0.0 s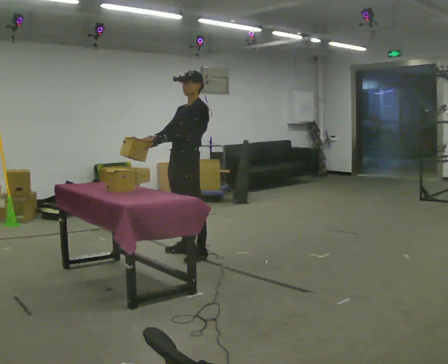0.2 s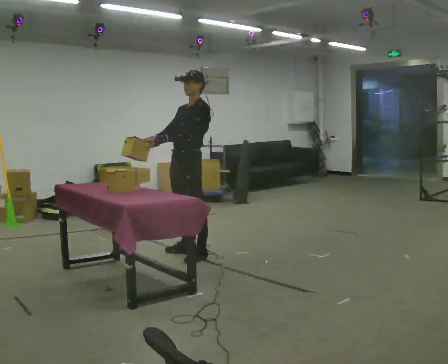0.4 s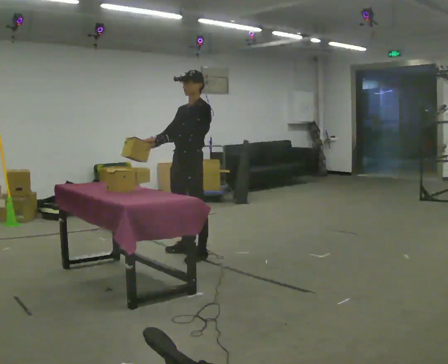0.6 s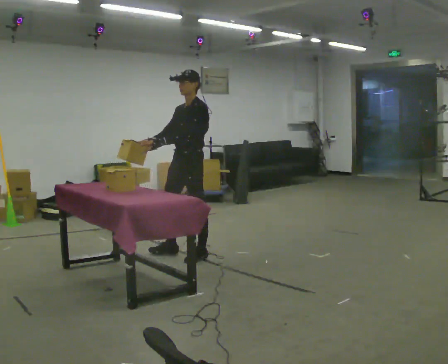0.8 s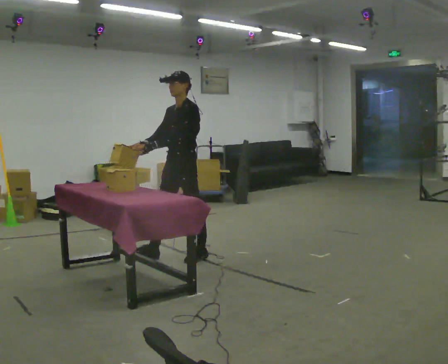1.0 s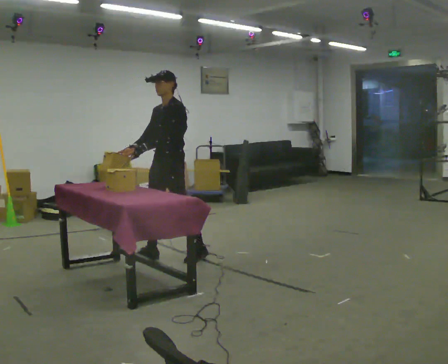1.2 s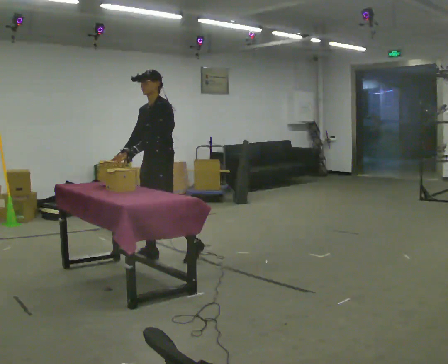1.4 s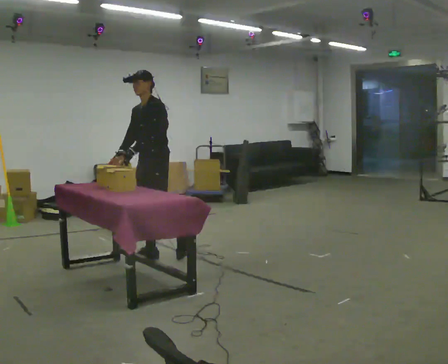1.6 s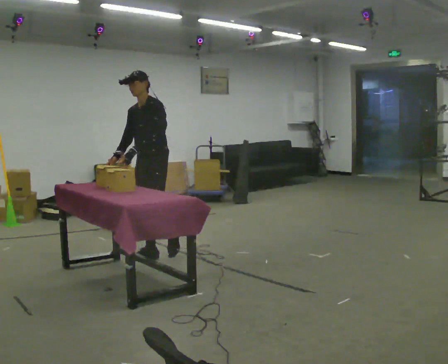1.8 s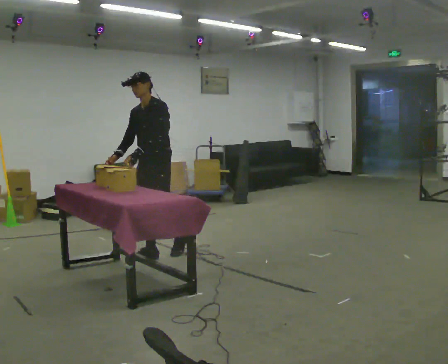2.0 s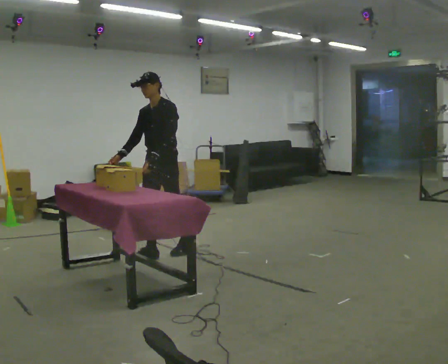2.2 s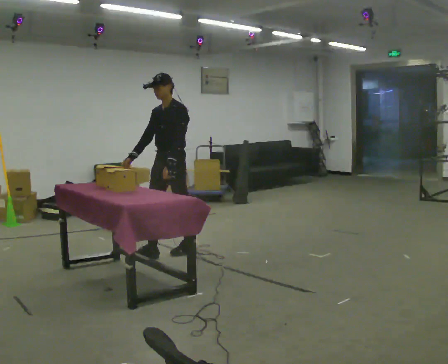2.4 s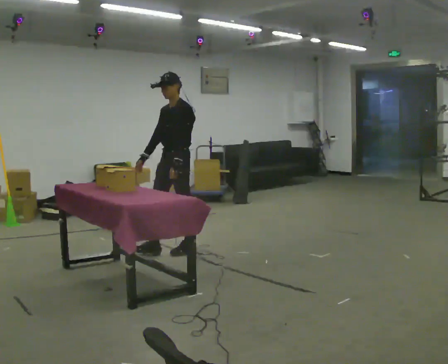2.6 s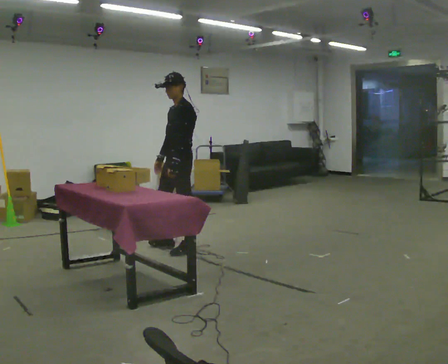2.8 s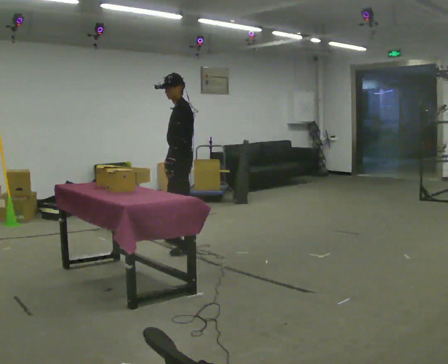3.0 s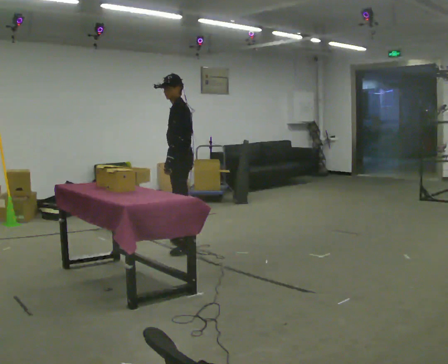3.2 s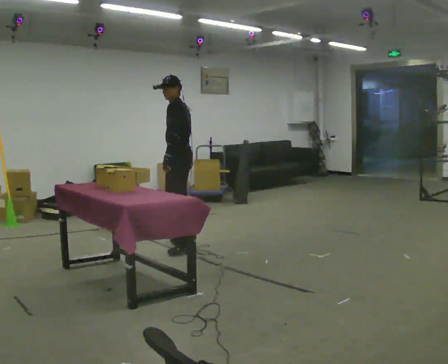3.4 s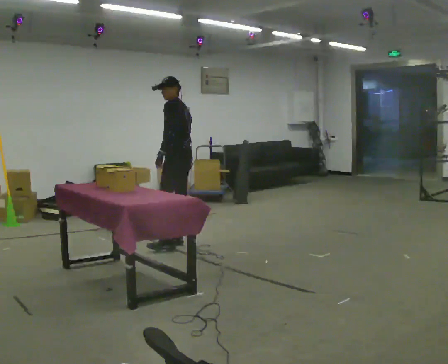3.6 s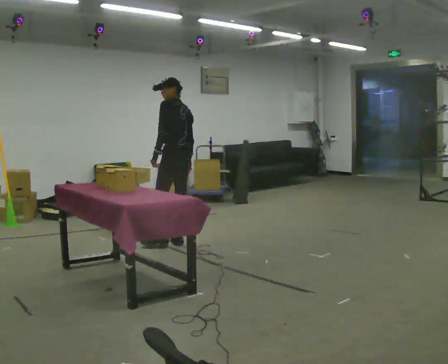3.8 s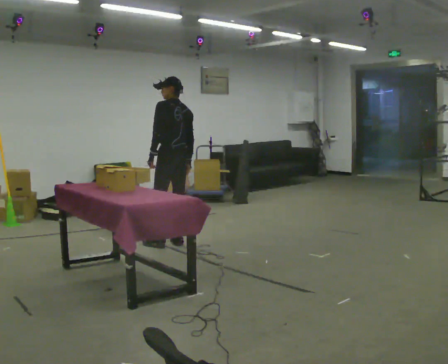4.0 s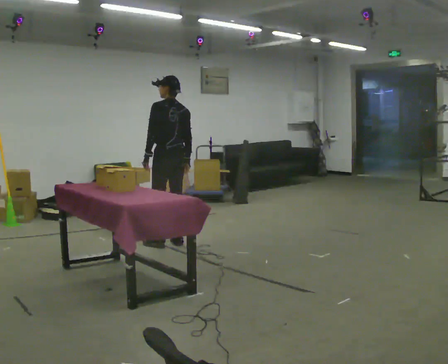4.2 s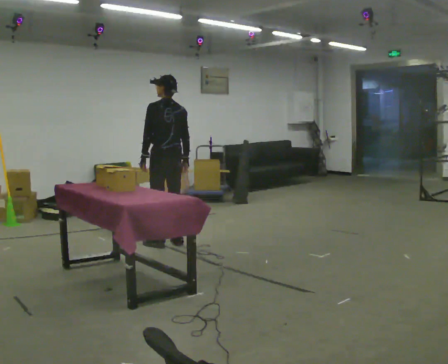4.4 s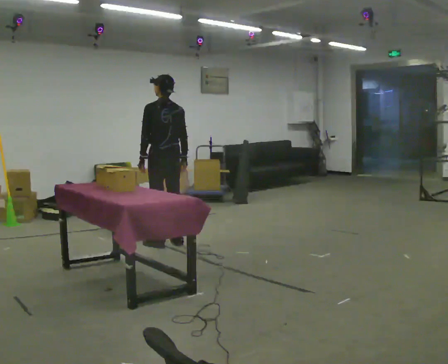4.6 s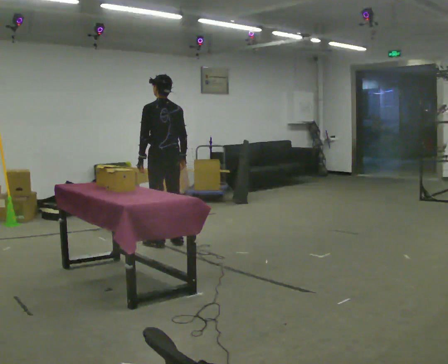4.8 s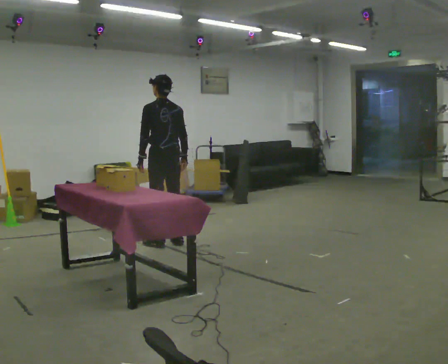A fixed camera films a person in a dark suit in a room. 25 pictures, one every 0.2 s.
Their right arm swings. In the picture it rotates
counterclockwise.
0.0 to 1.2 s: In the picture they go to the left, about 0.25 m in 2 steps, which for them is forward. In the picture the upper body tilts counterclockwise, shoulders to the left, as they bend forward.
1.2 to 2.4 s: In the picture they go away from the camera, about 0.25 m in 1 step, which for them is backward.
2.4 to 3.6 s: The person turns about 75 degrees to their right, clockwise seen from above, so the part of the body nearest the lens slides to the left. In the picture they go away from the camera, about 0.25 m in 1 step.
3.6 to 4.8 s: The person moves a little, or ends about where they began.
The film runs backward here.
